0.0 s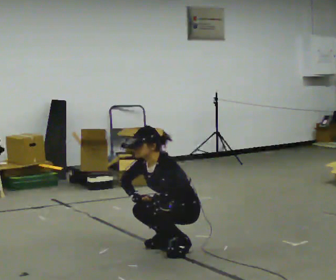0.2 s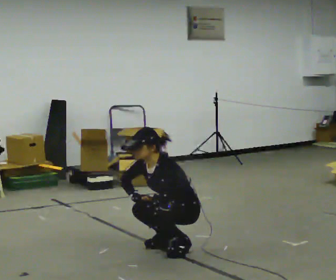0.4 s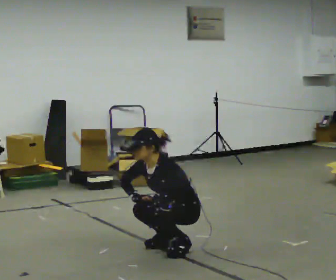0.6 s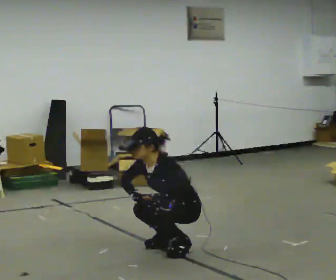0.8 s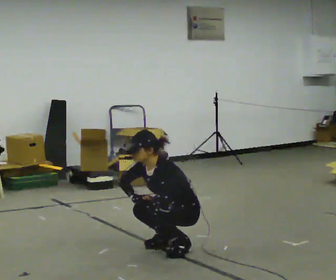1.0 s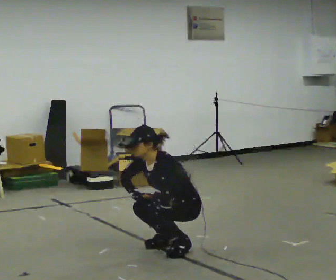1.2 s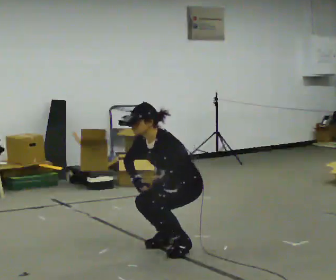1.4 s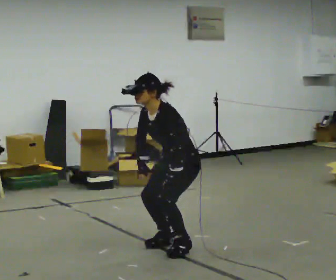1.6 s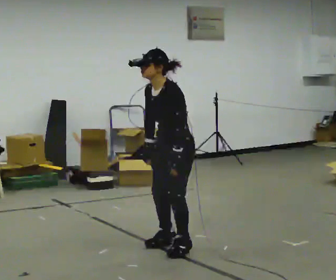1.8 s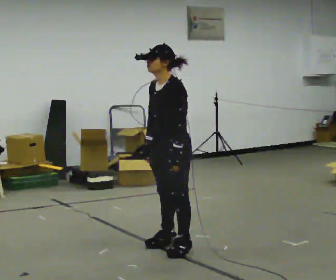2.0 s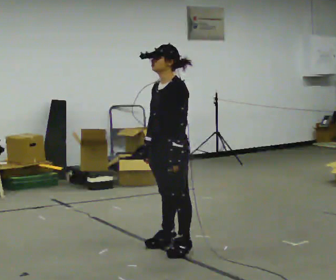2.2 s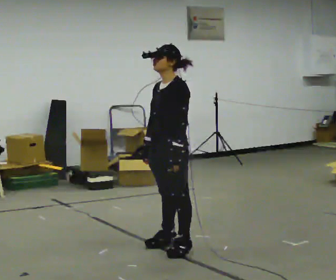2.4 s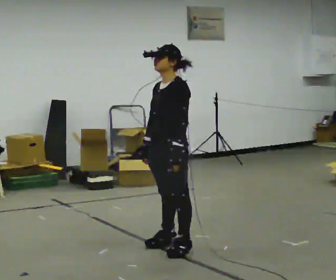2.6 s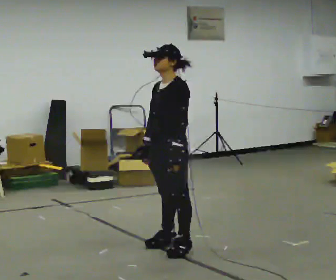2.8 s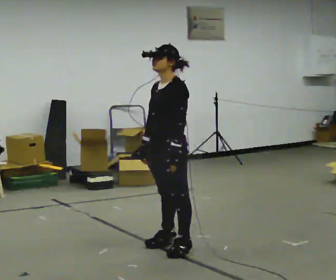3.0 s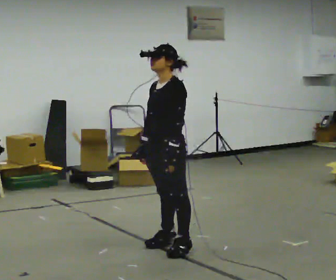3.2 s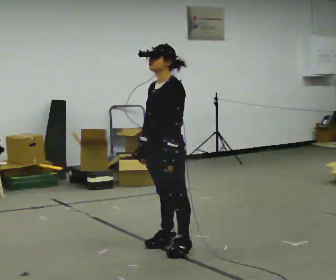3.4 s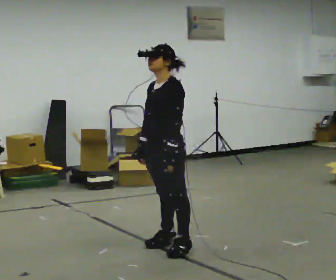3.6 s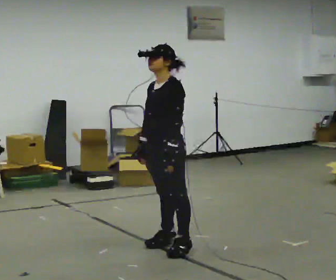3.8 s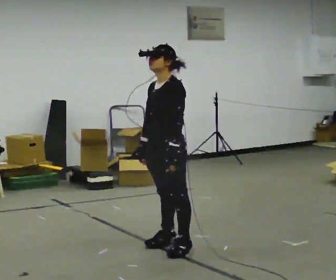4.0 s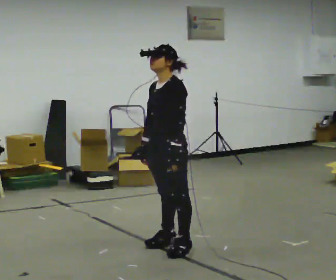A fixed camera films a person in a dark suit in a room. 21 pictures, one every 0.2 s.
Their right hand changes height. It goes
upward.
Their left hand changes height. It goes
upward.
0.0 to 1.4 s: The shoulders move upward.
1.4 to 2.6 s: The shoulders move upward. In the picture the upper body tilts clockwise, shoulders to the right, as they lean back or straighten.
2.6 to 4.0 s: The person moves a little, or ends about where they began.
The film runs backward here.
